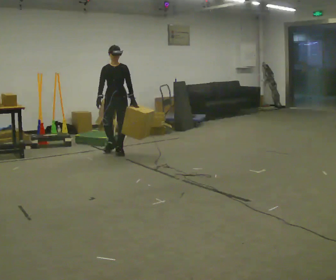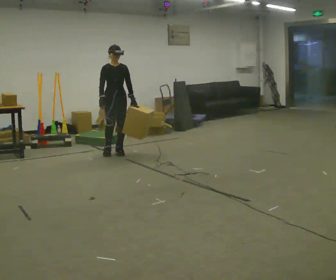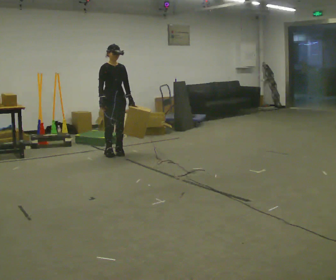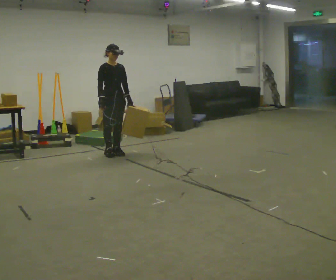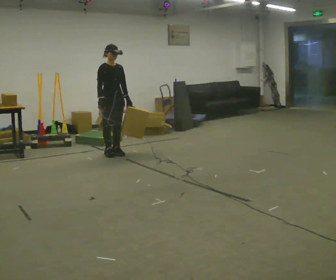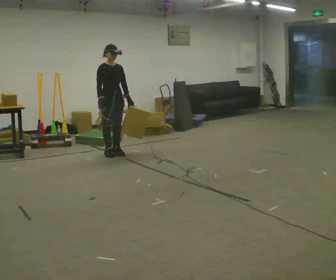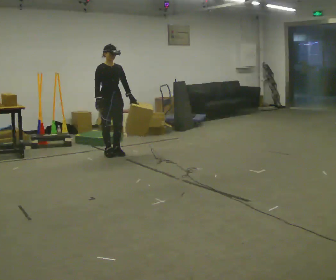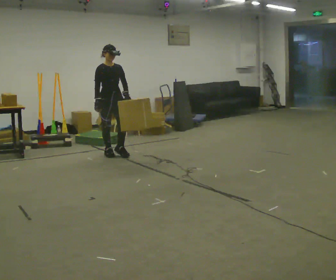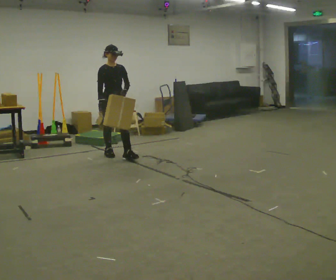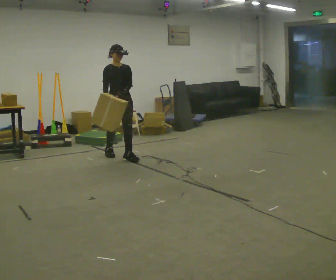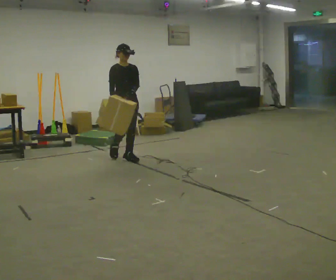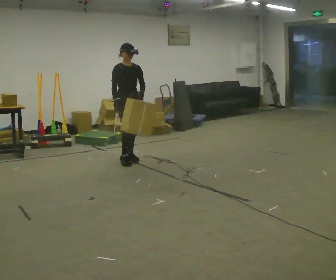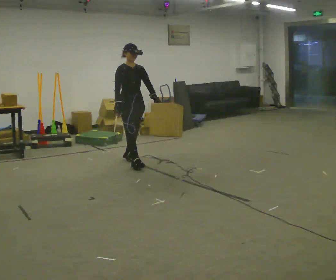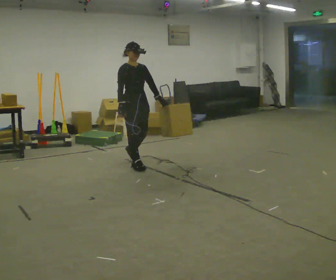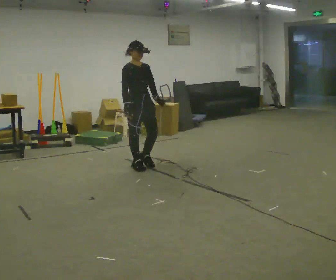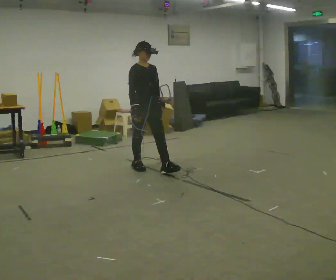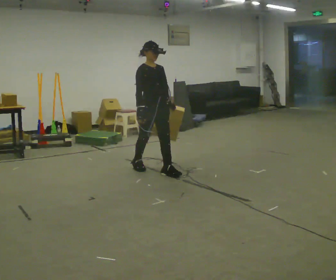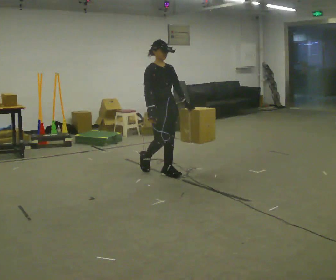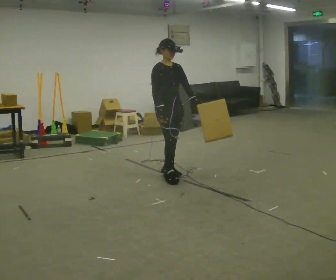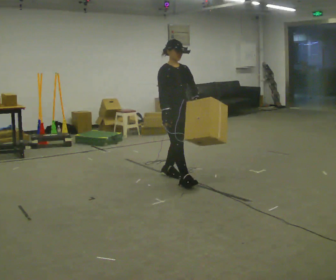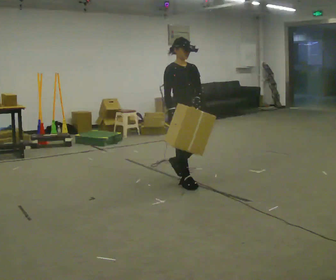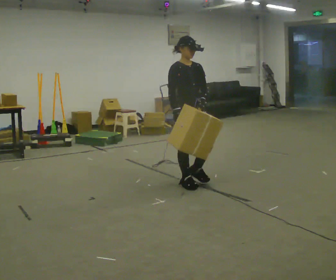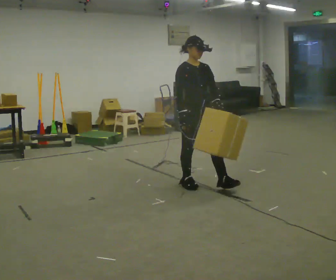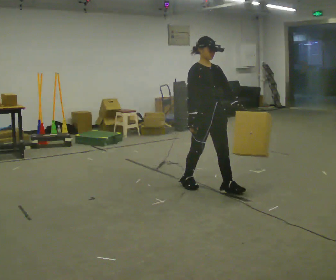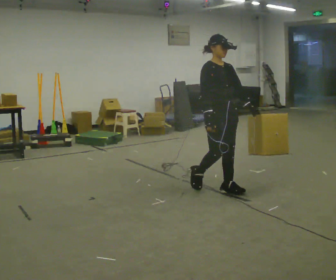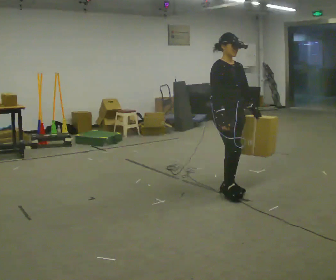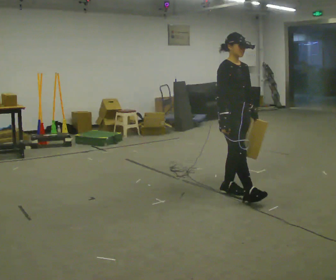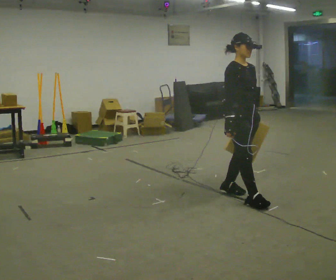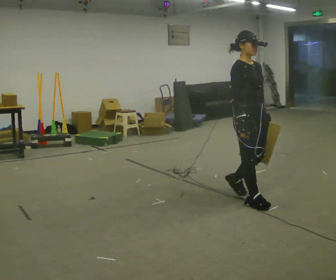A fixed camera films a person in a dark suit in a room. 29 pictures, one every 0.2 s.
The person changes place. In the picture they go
toward the camera.
0.0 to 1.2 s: Seen from above the body turns counterclockwise, about 30 degrees: to their left, with its near side sliding to the right. In the picture they go toward the camera, about 0.25 m in 1 step, which for them is to their right.
1.2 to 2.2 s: In the picture they go toward the camera and to the right, about 0.5 m in 1 step, which for them is forward.
2.2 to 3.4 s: In the picture they go toward the camera and to the right, about 1 m in 2 steps, which for them is forward.
3.4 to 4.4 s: In the picture they go toward the camera and to the right, about 0.5 m in 1 step, which for them is forward.
4.4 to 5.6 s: In the picture they go toward the camera and to the right, about 0.75 m in 2 steps, which for them is forward.
The film runs forward here.
